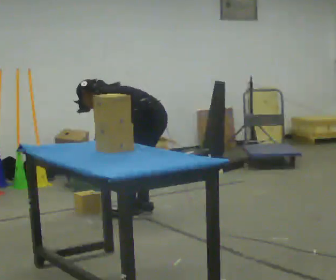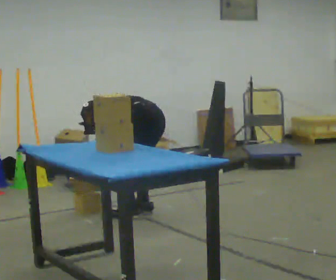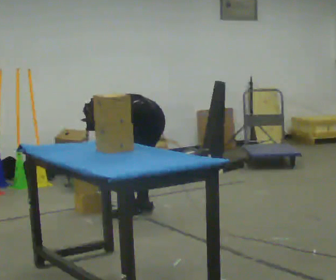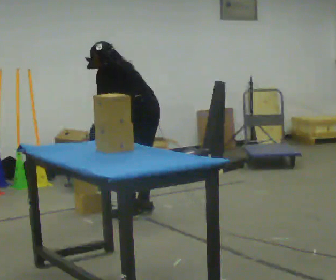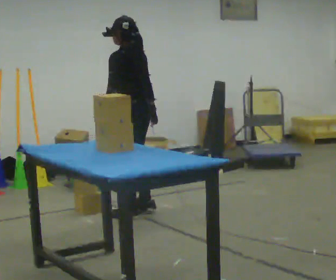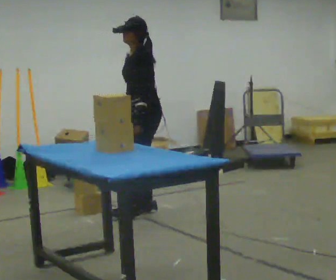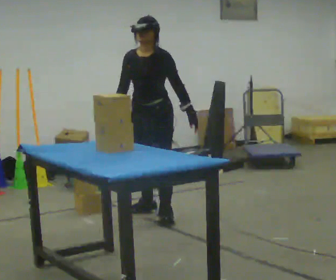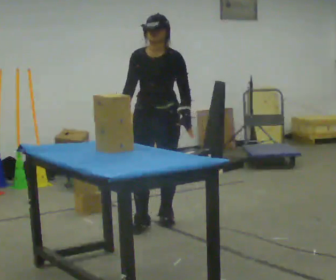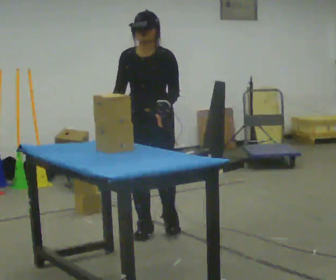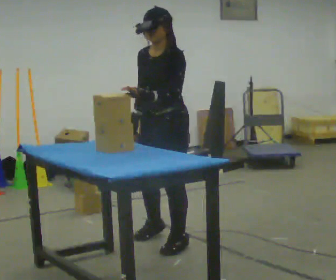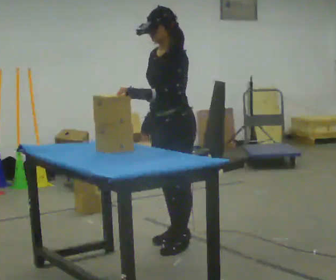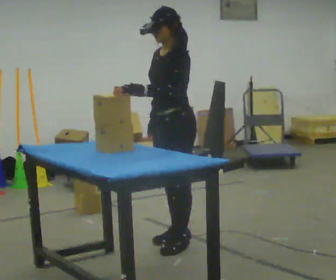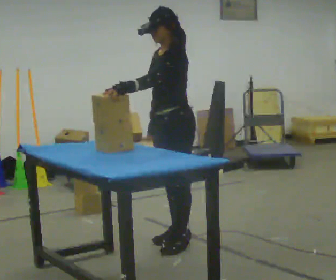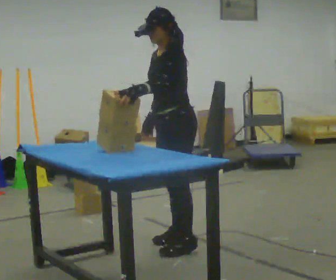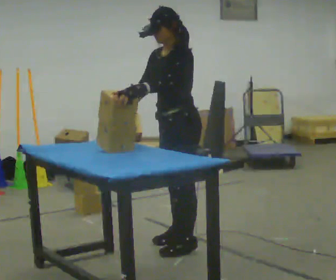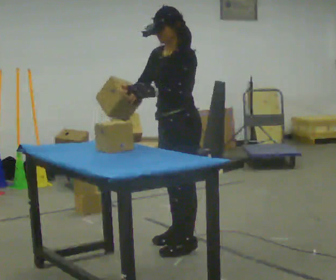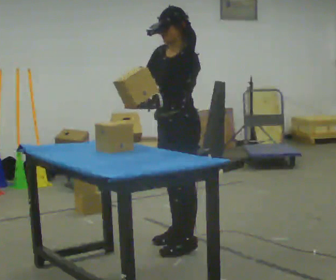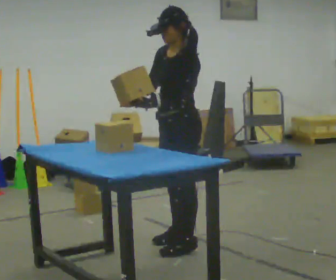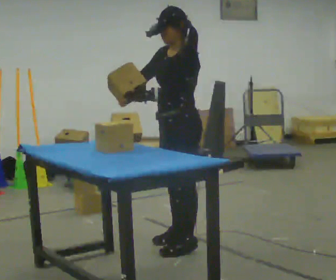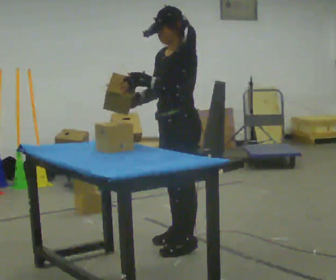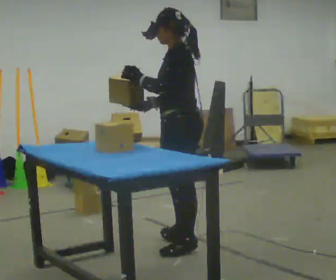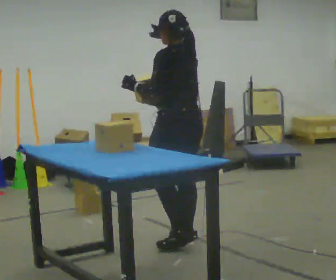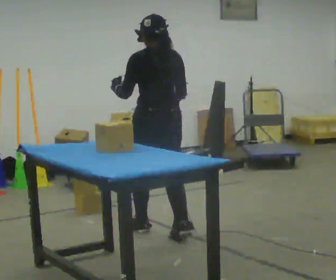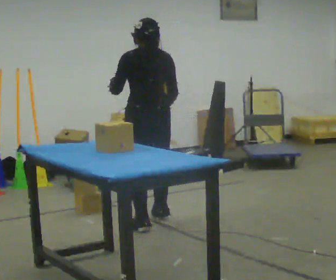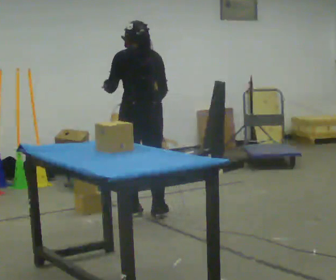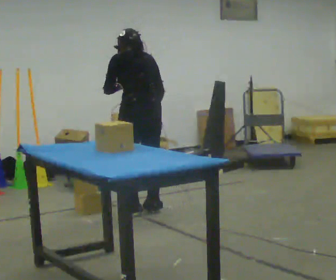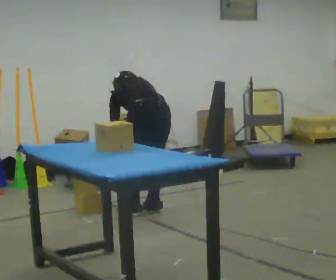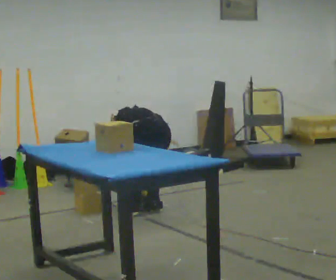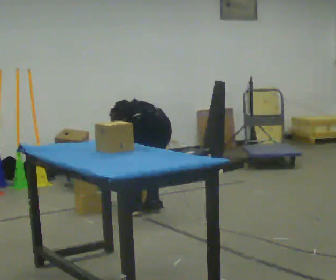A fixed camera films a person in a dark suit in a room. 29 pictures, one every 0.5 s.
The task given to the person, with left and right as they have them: Pick the object up off the floor using only the hand the operator calls, then carry it to the table in that same hand. Keep going until the operator says stop; one object at a time, and do not rush between trips.
0.0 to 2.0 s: In the picture the upper body tilts clockwise, shoulders to the right, as they lean back or straighten. In the picture their right hand goes to the right and upward.
2.0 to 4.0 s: The person turns about 105 degrees to their left, counterclockwise seen from above, so the part of the body nearest the lens slides to the right. In the picture they go toward the camera, about 0.5 m in 2 steps.
4.0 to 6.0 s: The person turns about 60 degrees to their right, clockwise seen from above, so the part of the body nearest the lens slides to the left. In the picture they go toward the camera, about 0.25 m in 2 steps, which for them is to their left.
6.0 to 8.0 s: The person moves a little, or ends about where they began.
8.0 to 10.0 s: The part of the body nearest the lens slides to the left as the person turns to their right by about 30 degrees.
10.0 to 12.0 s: Seen from above the body turns clockwise, about 60 degrees: to their right, with its near side sliding to the left. In the picture they go away from the camera, about 1 m in 3 steps.
12.0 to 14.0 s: The shoulders move downward. The upper body tips away from the camera, its near side rolling upward, as they bend forward. In the picture their left hand goes downward.
The film runs forward here.
